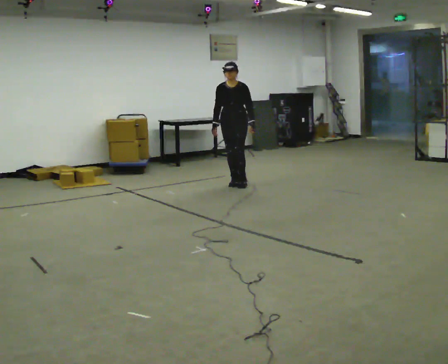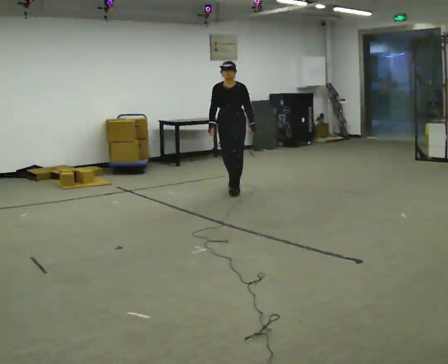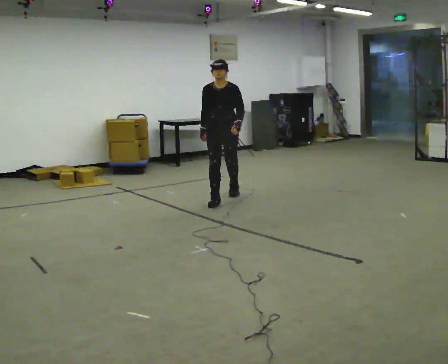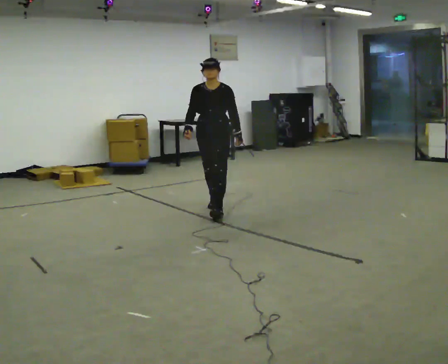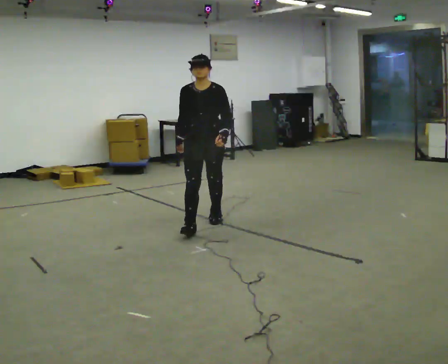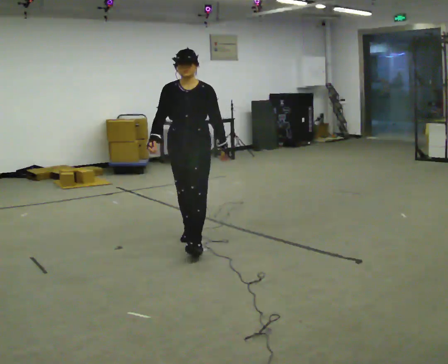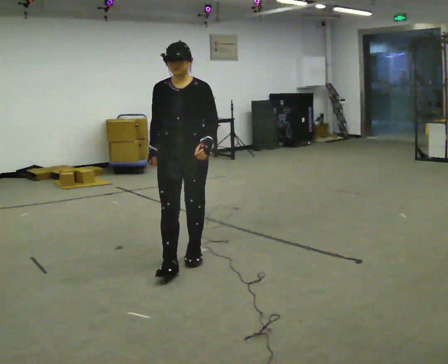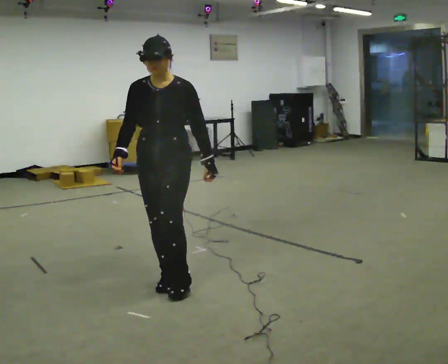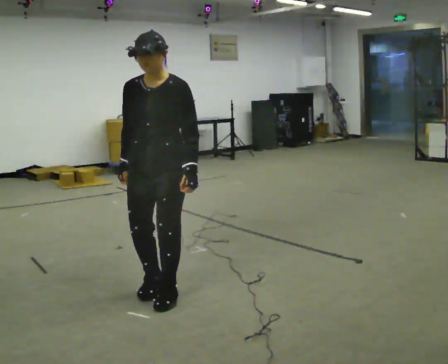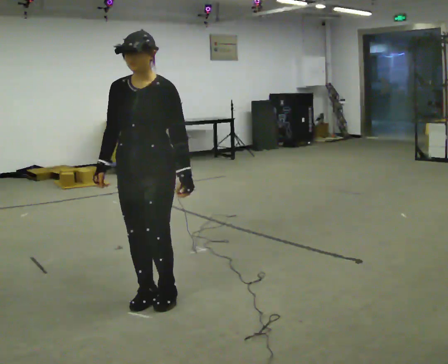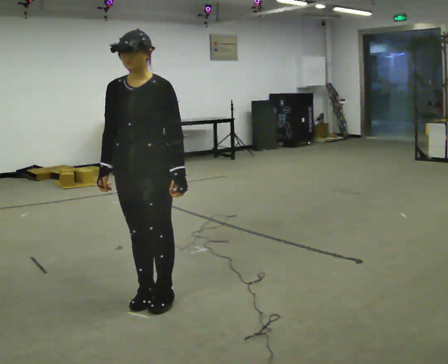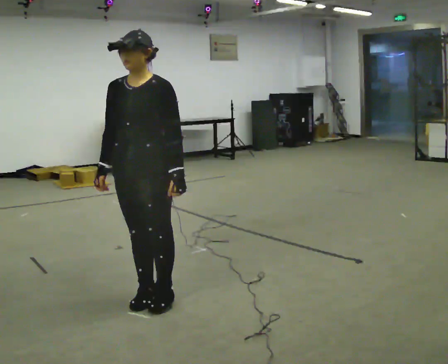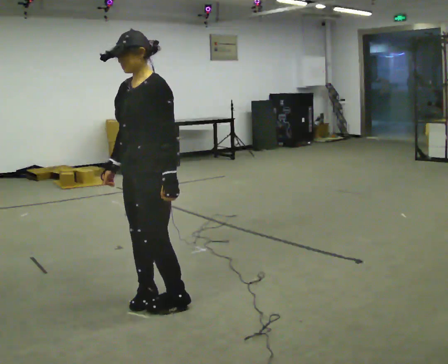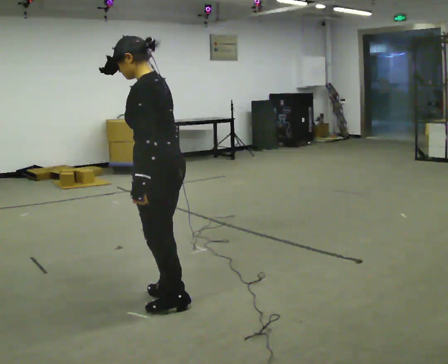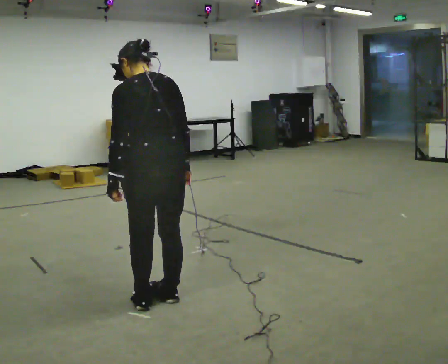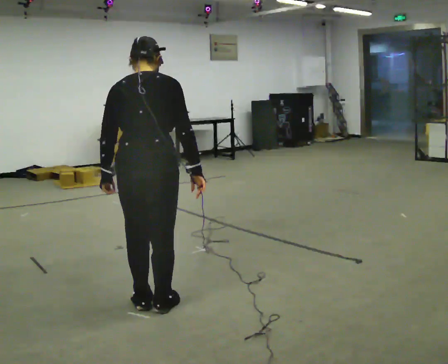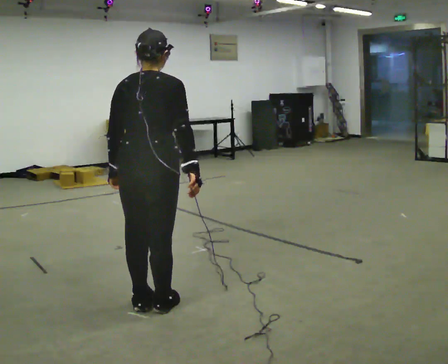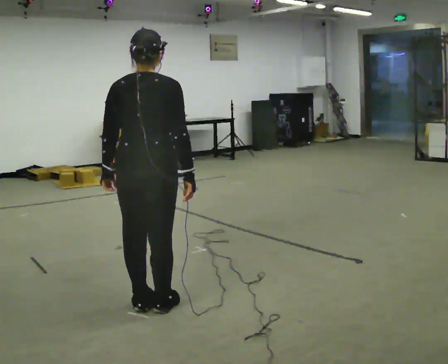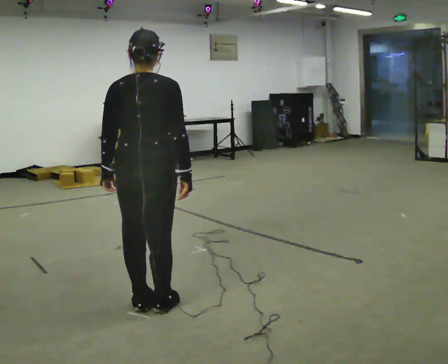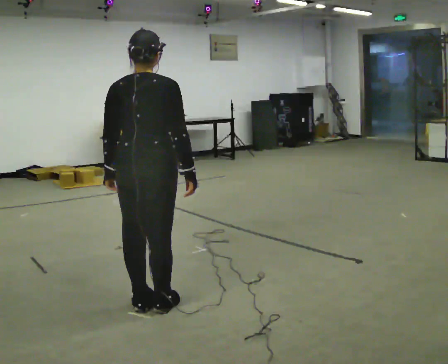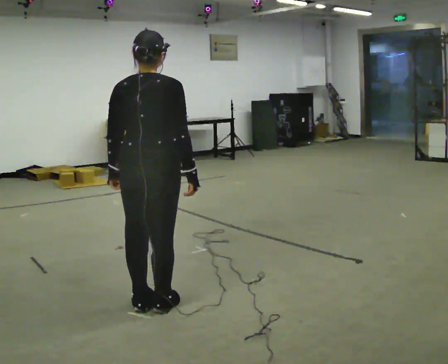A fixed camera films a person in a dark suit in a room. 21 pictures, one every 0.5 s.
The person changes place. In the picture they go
toward the camera.
0.0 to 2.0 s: In the picture they go toward the camera, about 2 m in 3 steps, which for them is forward.
2.0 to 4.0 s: In the picture they go toward the camera, about 1.5 m in 4 steps, which for them is forward.
4.0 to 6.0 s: The person turns about 30 degrees to their right, clockwise seen from above, so the part of the body nearest the lens slides to the left.
6.0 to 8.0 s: The person turns about 150 degrees to their right, clockwise seen from above, so the part of the body nearest the lens slides to the left. In the picture their right hand goes to the right, the arm swinging counterclockwise.
8.0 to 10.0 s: The person moves a little, or ends about where they began.
The film runs forward here.
